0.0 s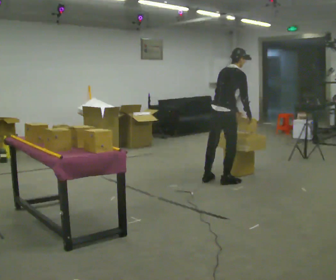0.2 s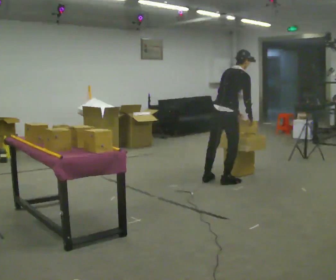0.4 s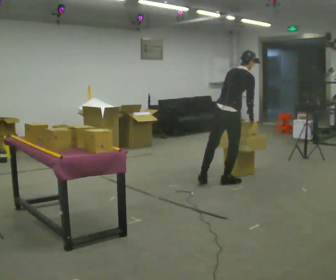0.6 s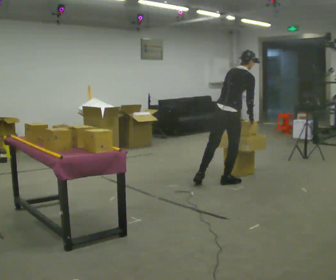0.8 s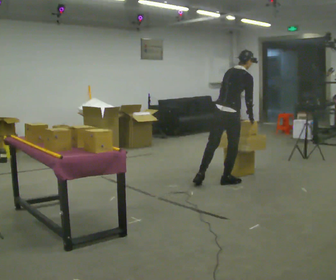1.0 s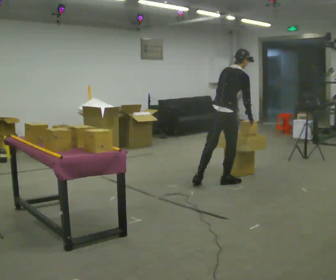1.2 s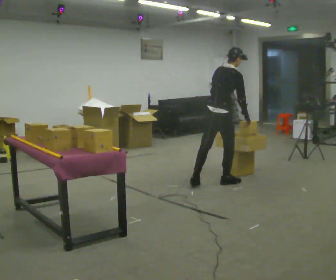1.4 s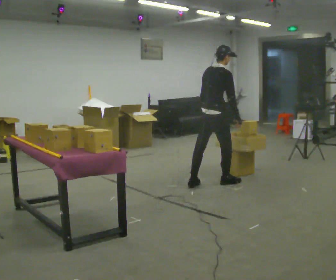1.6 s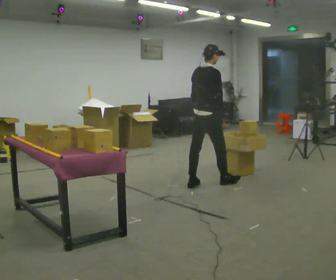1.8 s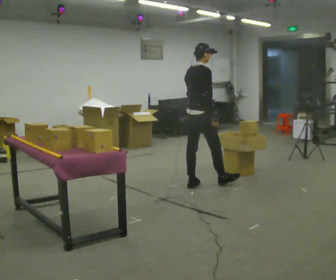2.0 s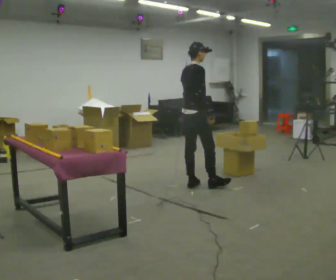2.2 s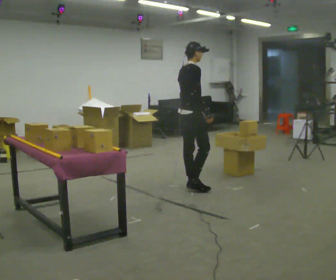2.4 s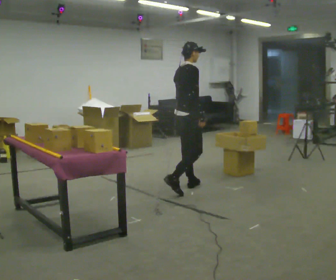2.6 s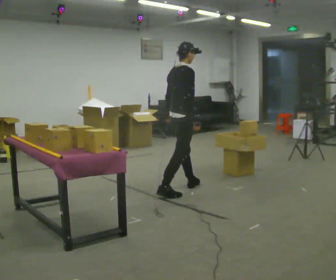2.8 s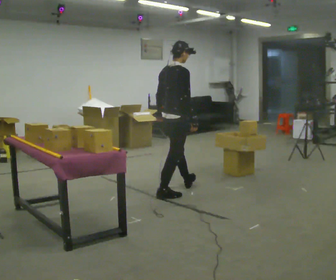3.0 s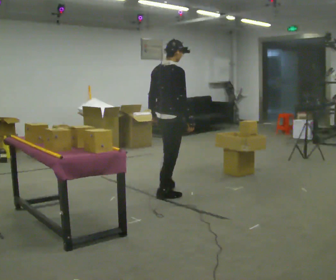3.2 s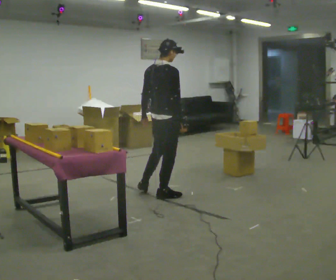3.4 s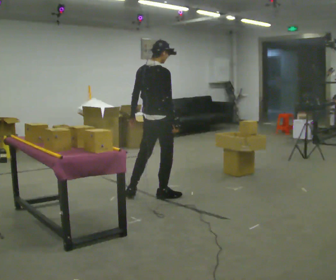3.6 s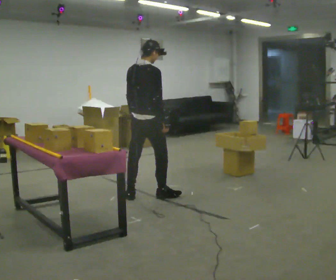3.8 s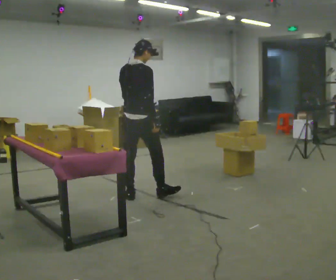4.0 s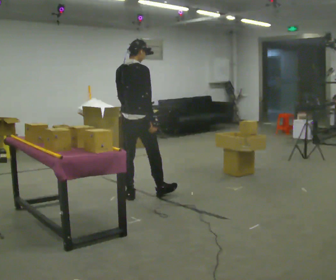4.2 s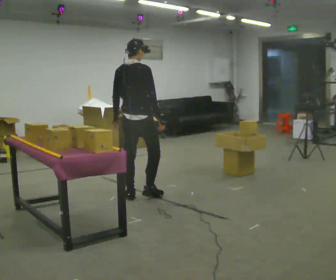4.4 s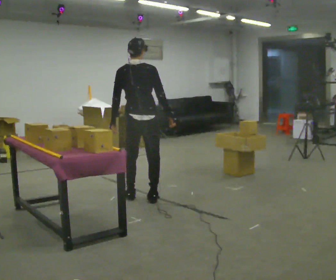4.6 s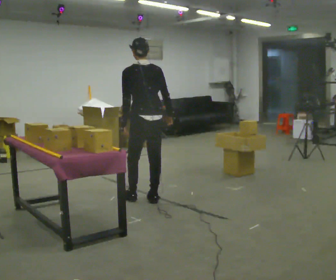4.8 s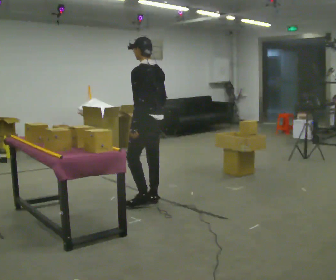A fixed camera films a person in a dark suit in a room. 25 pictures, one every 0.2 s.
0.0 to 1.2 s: The person moves a little, or ends about where they began.
1.2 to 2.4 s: The part of the body nearest the lens slides to the left as the person turns to their right by about 30 degrees. In the picture they go to the left, about 0.5 m in 1 step, which for them is backward. In the picture the upper body tilts counterclockwise, shoulders to the left, as they lean back or straighten.
2.4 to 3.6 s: Seen from above the body turns counterclockwise, about 30 degrees: to their left, with its near side sliding to the right. In the picture they go to the left and toward the camera, about 0.5 m in 1 step, which for them is backward.
3.6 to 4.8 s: The part of the body nearest the lens slides to the right as the person turns to their left by about 75 degrees.
The film runs backward here.
